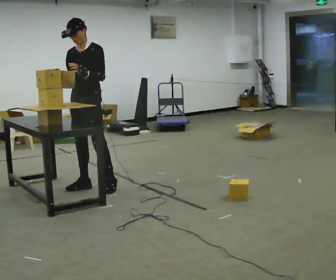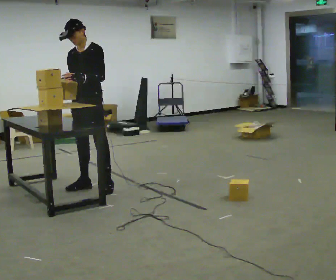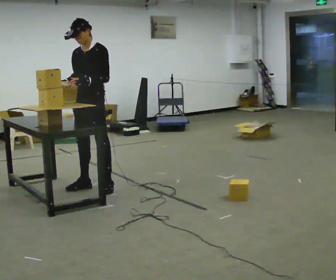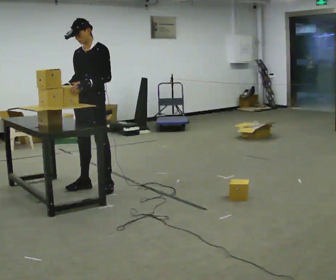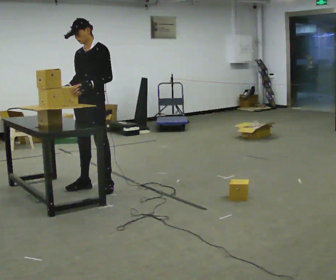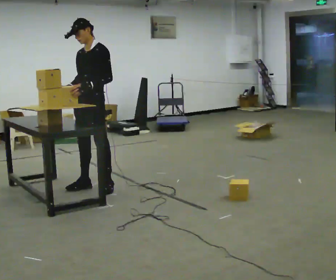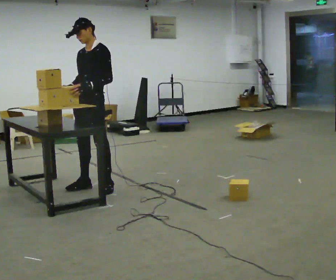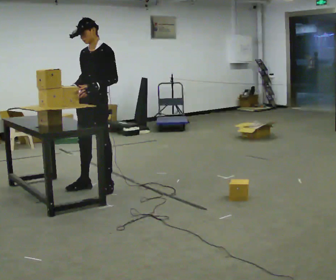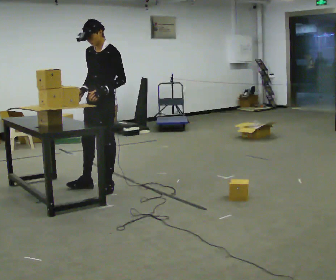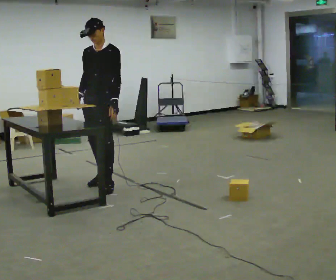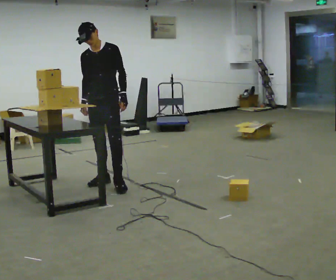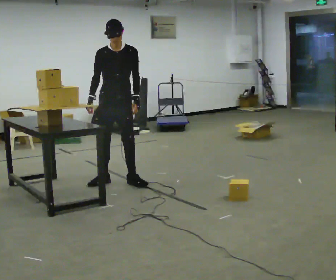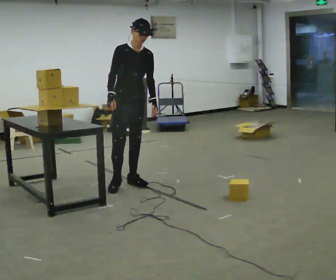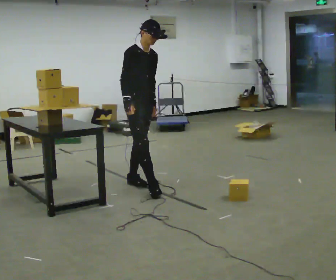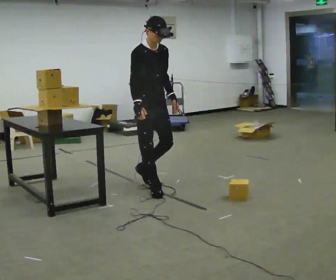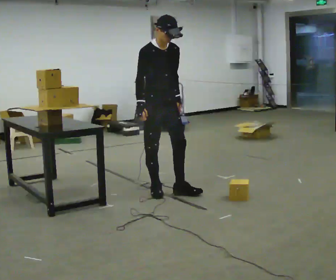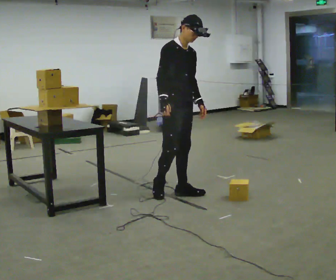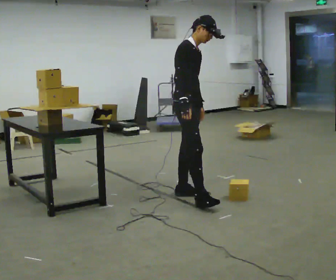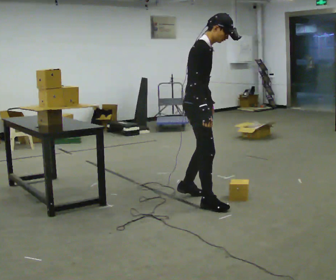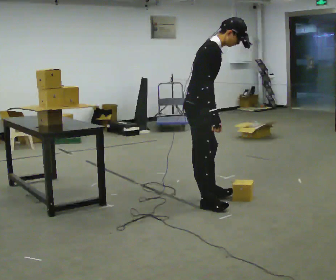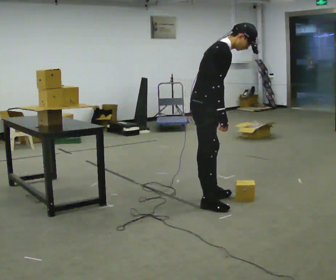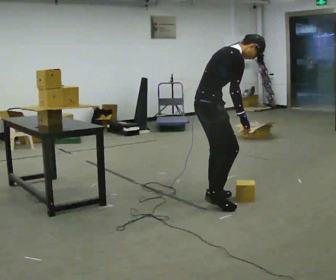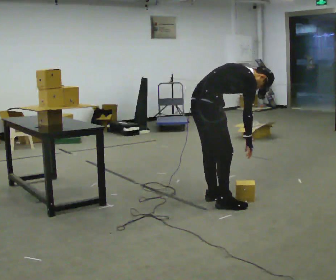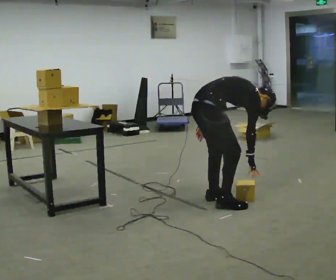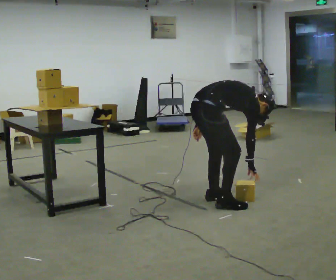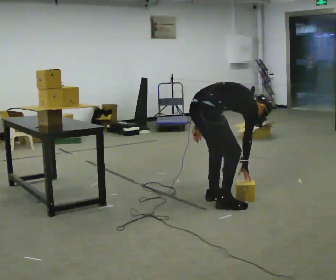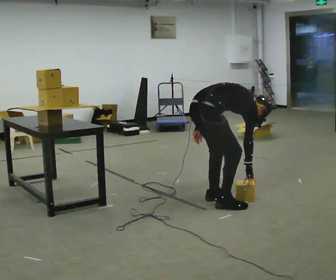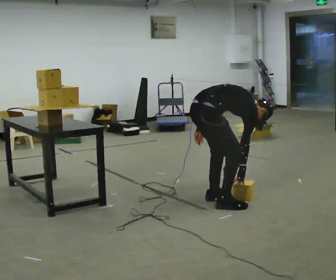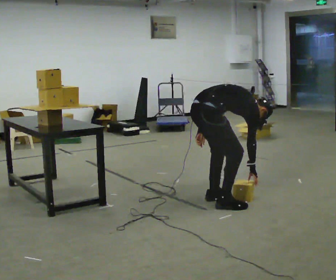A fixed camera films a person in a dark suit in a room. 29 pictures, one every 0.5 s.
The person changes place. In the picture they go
to the right.
The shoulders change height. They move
downward.
0.0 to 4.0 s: In the picture they go to the right, about 0.25 m, which for them is to their left.
4.0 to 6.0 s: The person turns about 75 degrees to their left, counterclockwise seen from above, so the part of the body nearest the lens slides to the right. In the picture they go to the right, about 0.25 m in 2 steps.
6.0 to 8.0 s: In the picture they go toward the camera and to the right, about 0.75 m in 2 steps, which for them is forward.
8.0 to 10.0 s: The part of the body nearest the lens slides to the right as the person turns to their left by about 45 degrees. In the picture they go toward the camera and to the right, about 0.5 m in 2 steps, which for them is to their right and forward. In the picture the upper body tilts clockwise, shoulders to the right, as they bend forward.
10.0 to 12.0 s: The shoulders move downward. The upper body tips away from the camera, its near side rolling upward, as they bend forward.
12.0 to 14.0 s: The person moves a little, or ends about where they began.
The film runs forward here.
